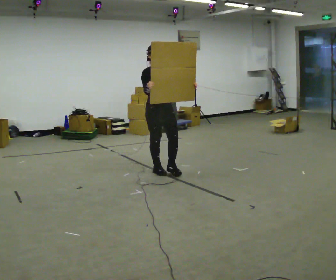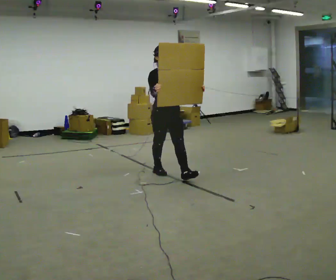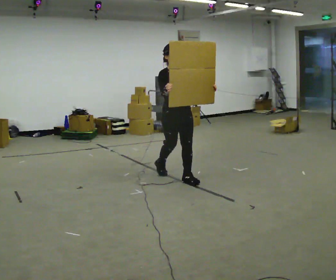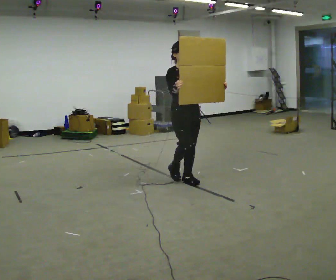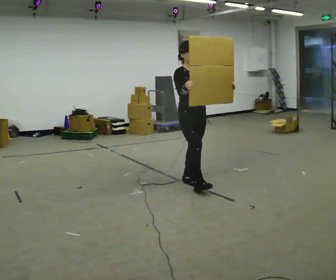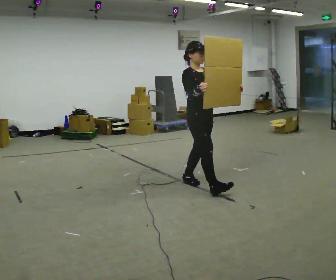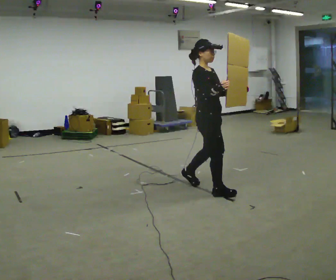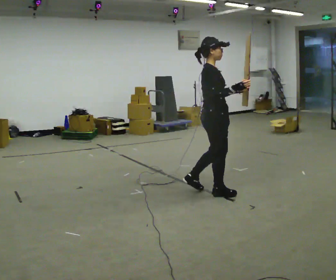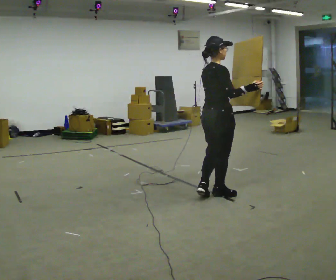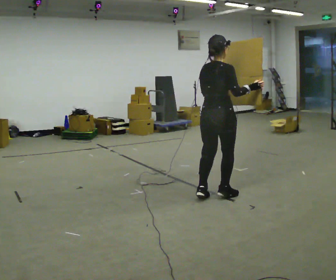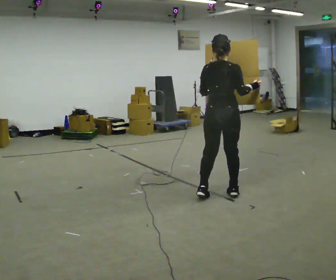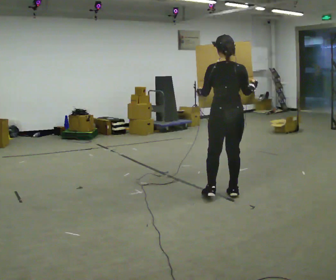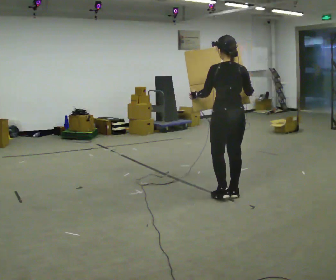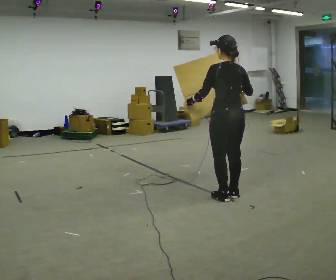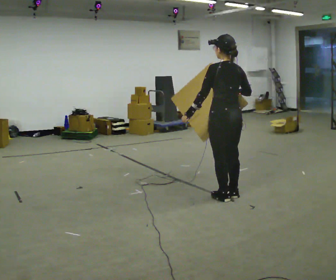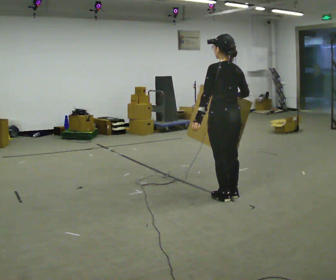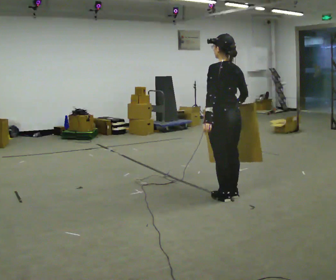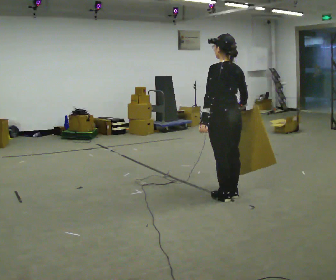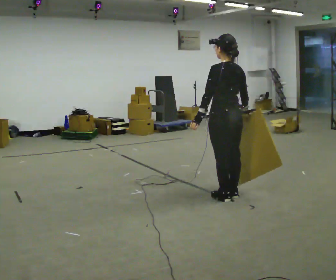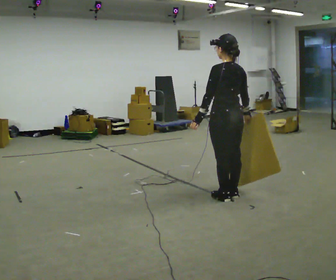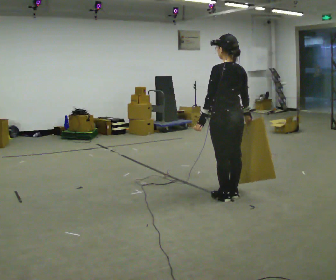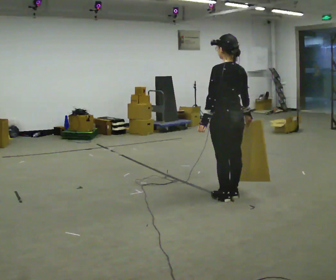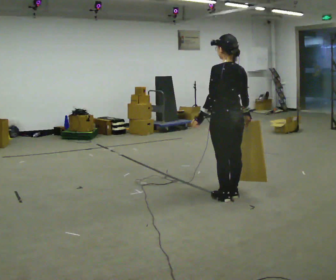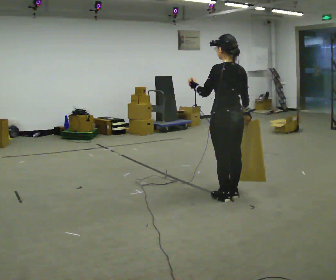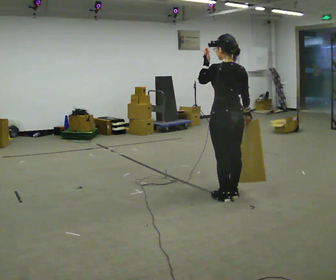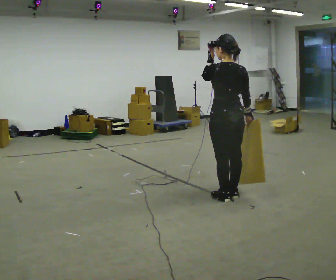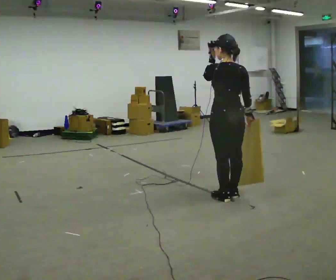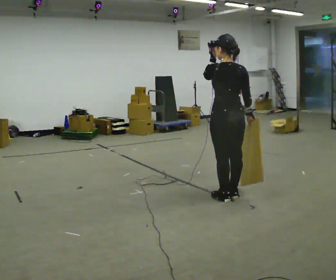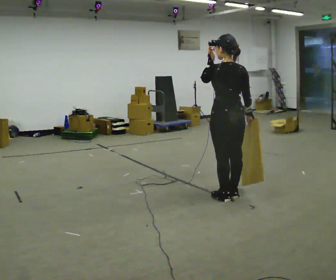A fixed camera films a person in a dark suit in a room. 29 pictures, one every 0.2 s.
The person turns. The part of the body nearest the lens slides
to the right.
The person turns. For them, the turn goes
to their left.
0.0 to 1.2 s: Seen from above the body turns counterclockwise, about 45 degrees: to their left, with its near side sliding to the right. In the picture they go to the right and toward the camera, about 1 m in 2 steps, which for them is forward.
1.2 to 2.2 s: The person turns about 120 degrees to their left, counterclockwise seen from above, so the part of the body nearest the lens slides to the right. In the picture they go to the right, about 0.25 m in 2 steps. In the picture their left hand goes to the left.
2.2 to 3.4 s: Seen from above the body turns counterclockwise, about 30 degrees: to their left, with its near side sliding to the right.
3.4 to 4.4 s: The person moves a little, or ends about where they began.
4.4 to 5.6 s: In the picture their left hand goes upward.
The film runs forward here.
